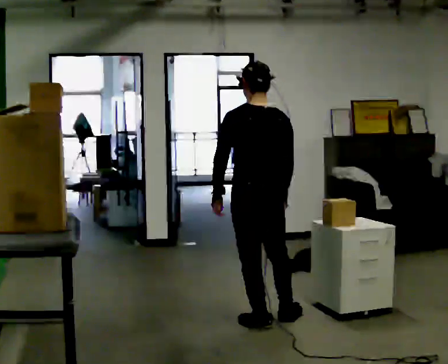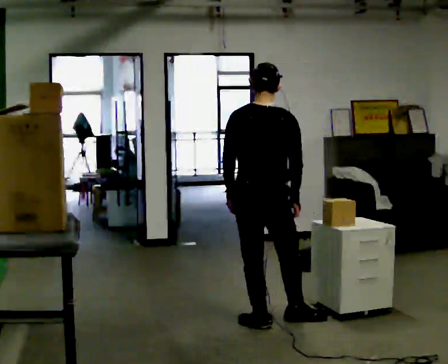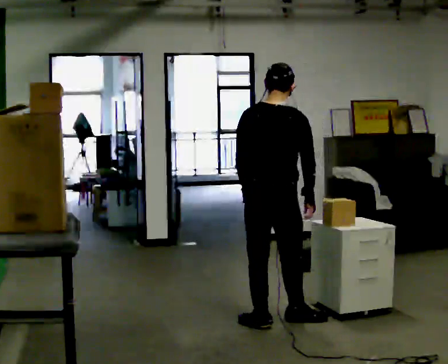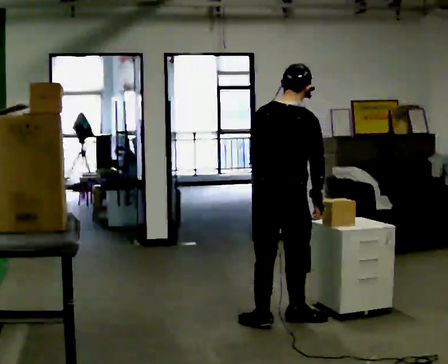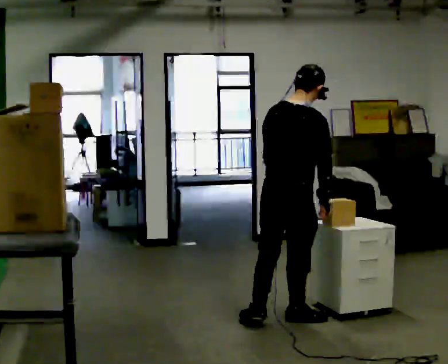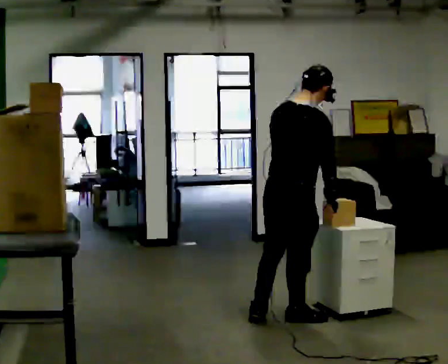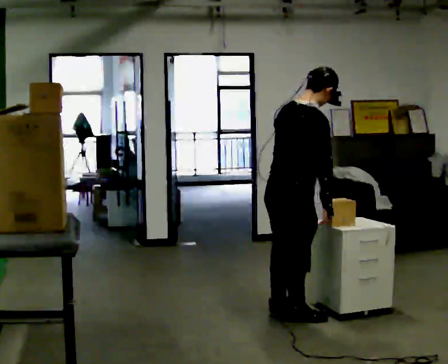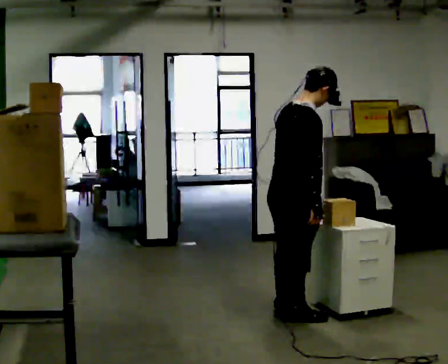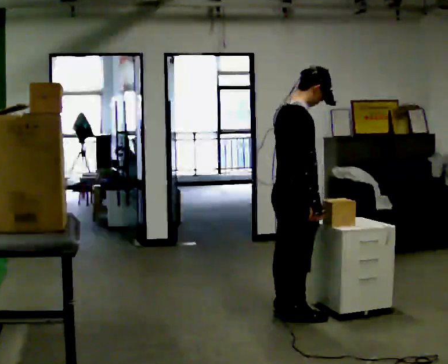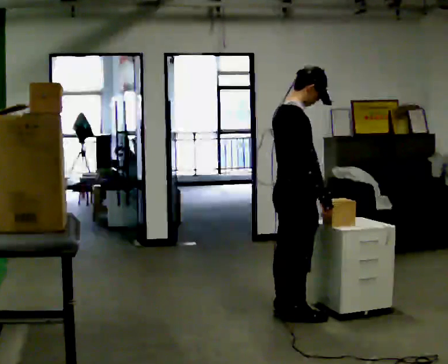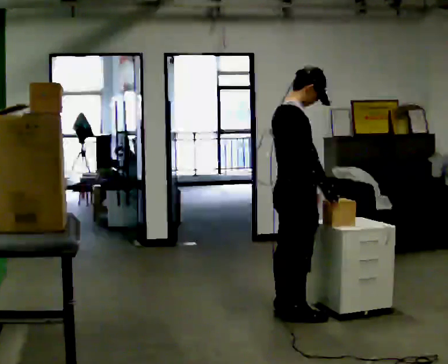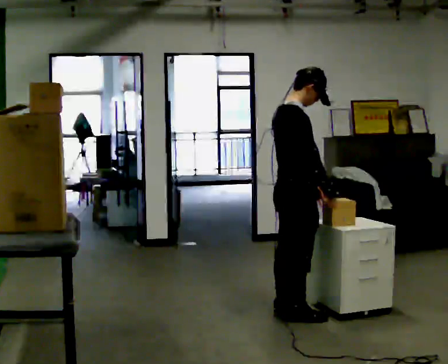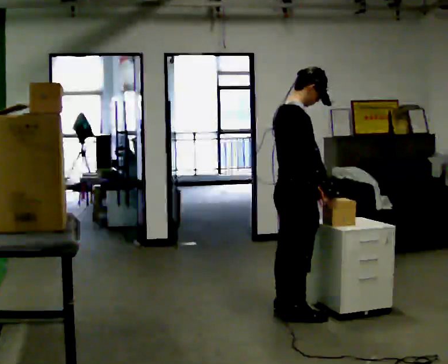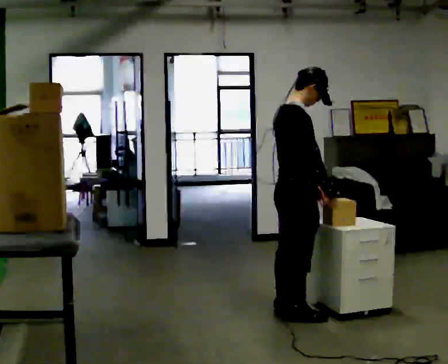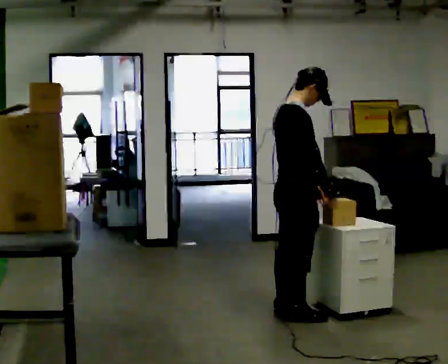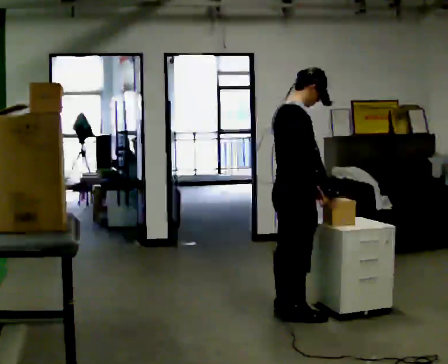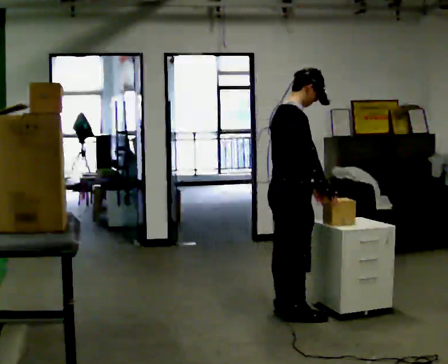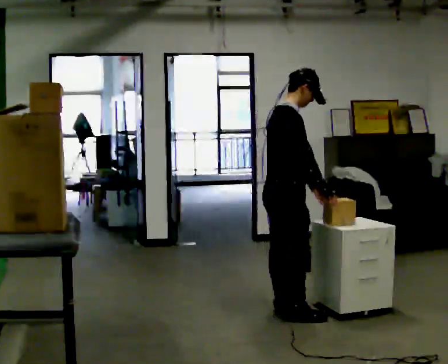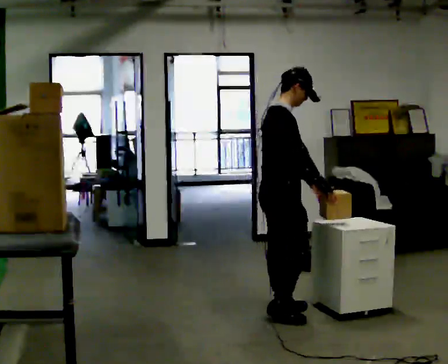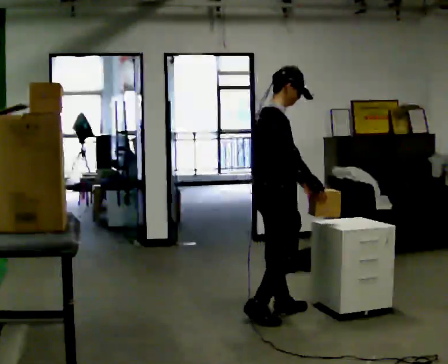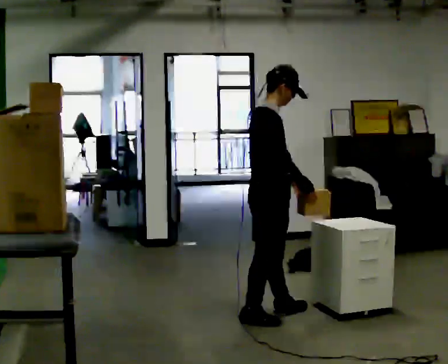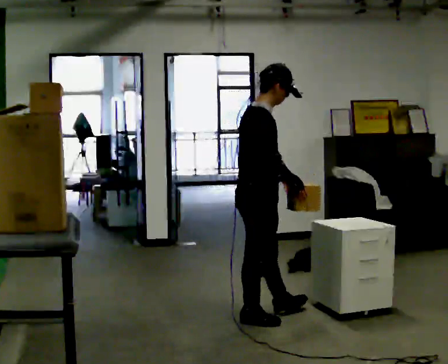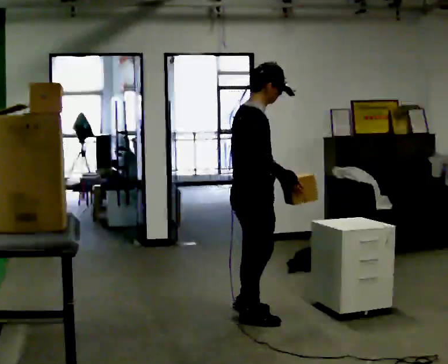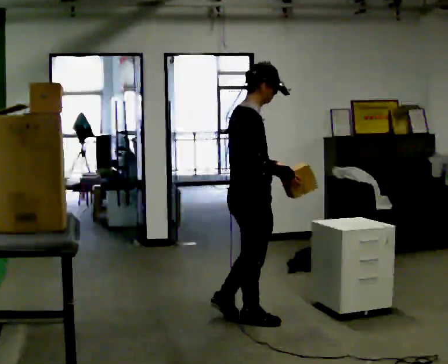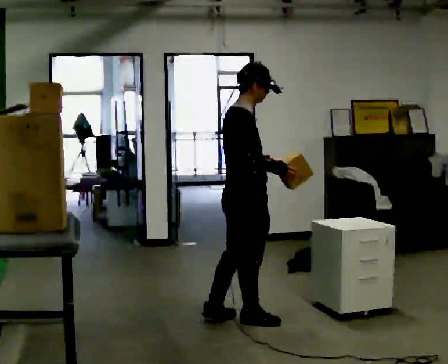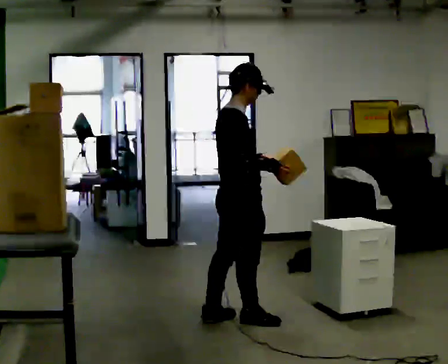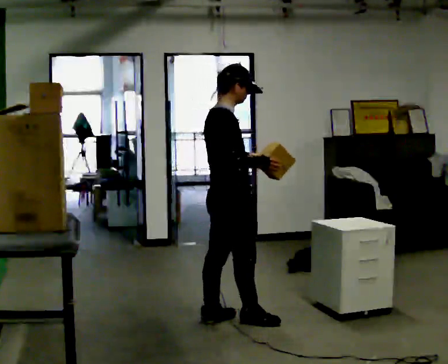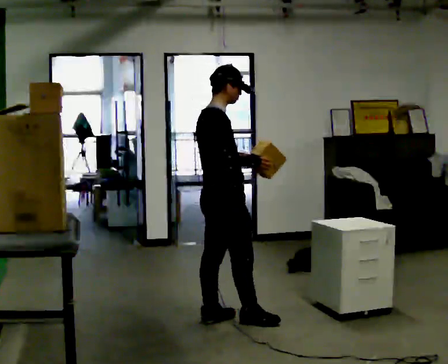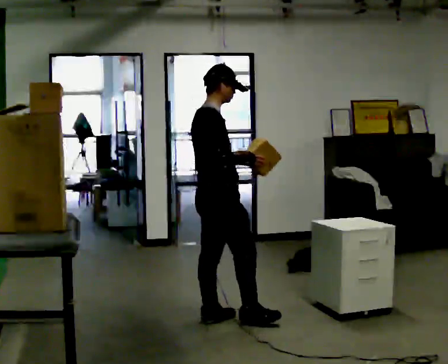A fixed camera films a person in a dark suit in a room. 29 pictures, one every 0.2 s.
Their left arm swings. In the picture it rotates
counterclockwise.
0.0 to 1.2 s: Seen from above the body turns clockwise, about 75 degrees: to their right, with its near side sliding to the left. In the picture they go to the right, about 0.25 m in 1 step. In the picture their left hand goes to the right.
1.2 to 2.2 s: The part of the body nearest the lens slides to the left as the person turns to their right by about 30 degrees. In the picture the upper body tilts counterclockwise, shoulders to the left.
2.2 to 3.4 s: The person moves a little, or ends about where they began.
3.4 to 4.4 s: In the picture they go to the left, about 0.25 m in 2 steps, which for them is backward.
4.4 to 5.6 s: In the picture they go to the left, about 0.25 m, which for them is backward.
The film runs backward here.
